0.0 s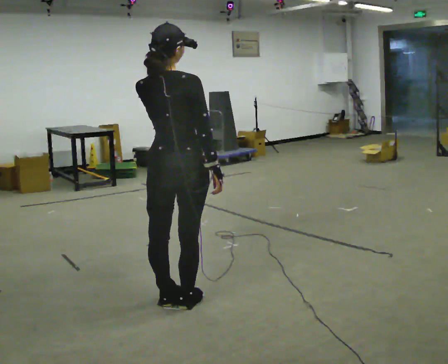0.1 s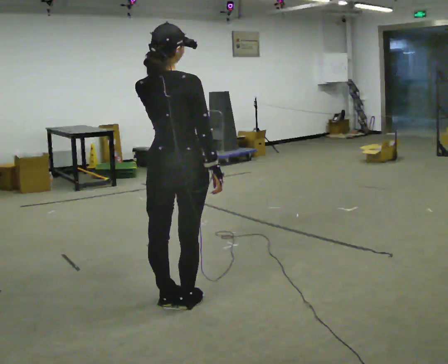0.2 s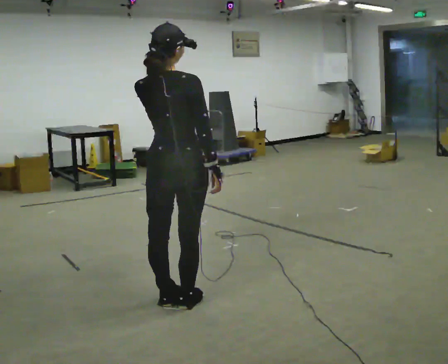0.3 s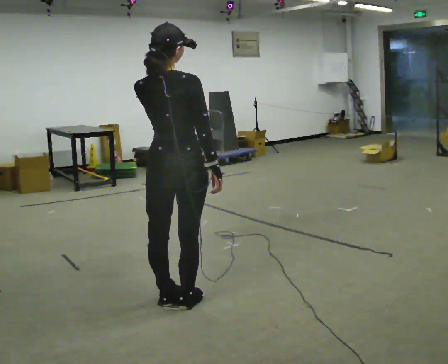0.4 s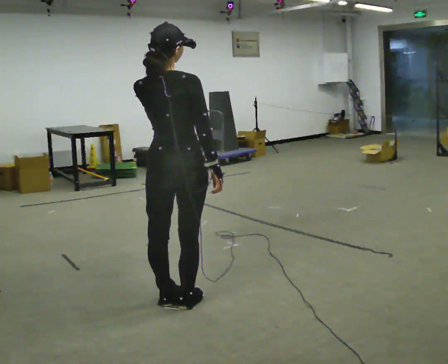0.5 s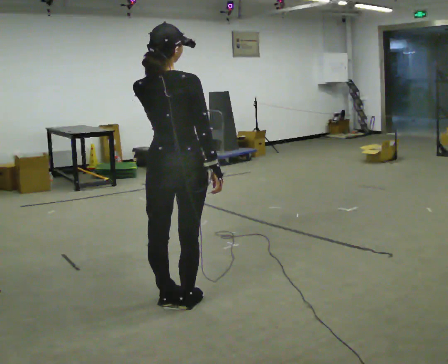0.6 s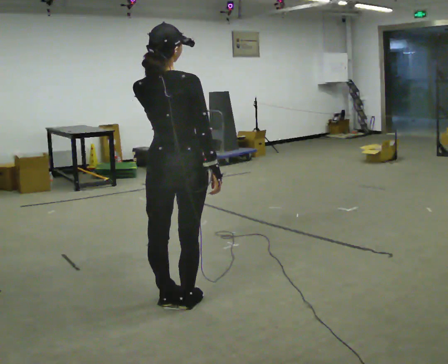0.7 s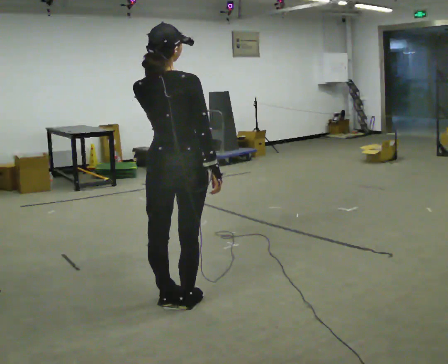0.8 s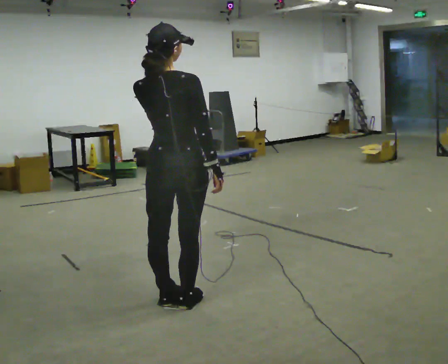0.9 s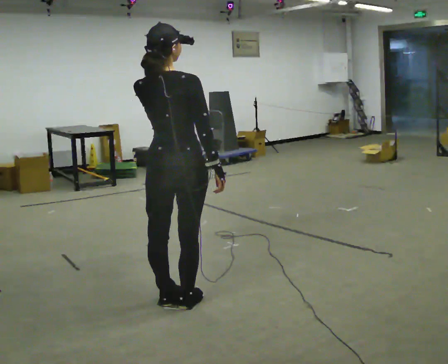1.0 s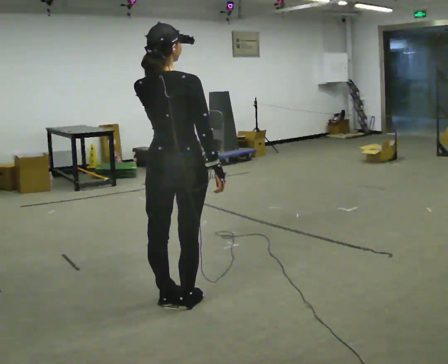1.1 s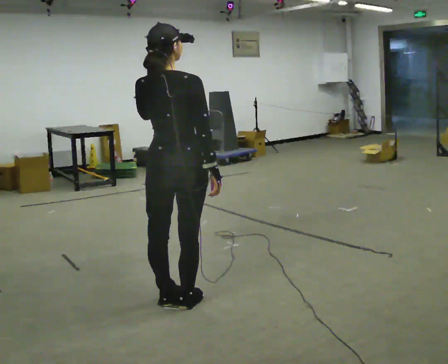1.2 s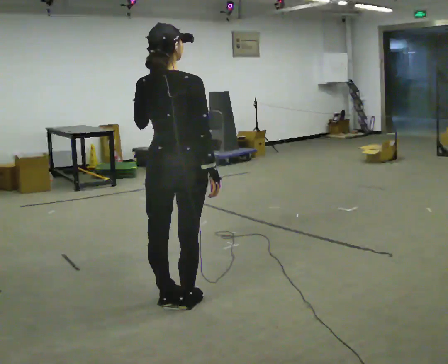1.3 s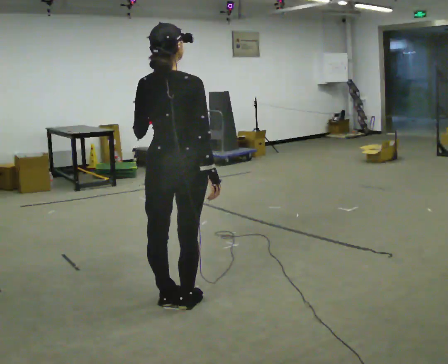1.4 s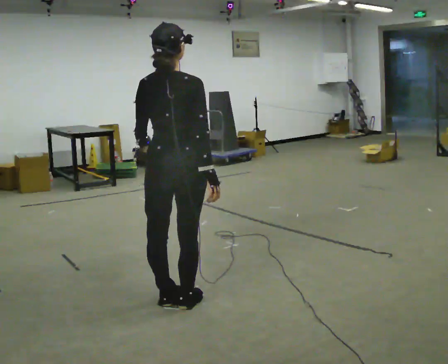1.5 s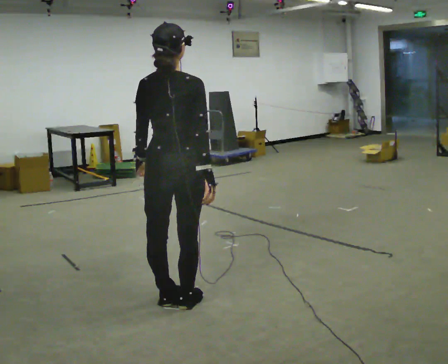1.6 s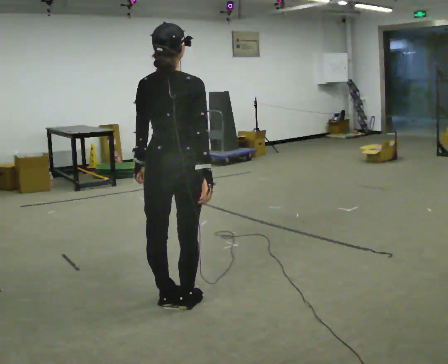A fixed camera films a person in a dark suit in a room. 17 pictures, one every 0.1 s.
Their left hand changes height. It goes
downward.
0.0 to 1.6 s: In the picture their left hand goes downward.
The film runs backward here.
